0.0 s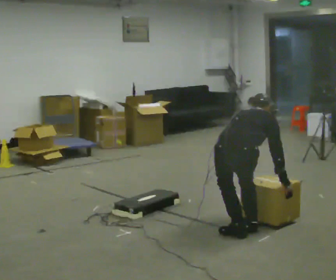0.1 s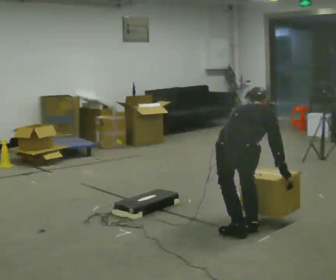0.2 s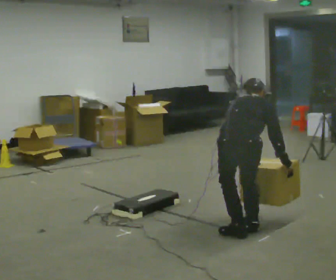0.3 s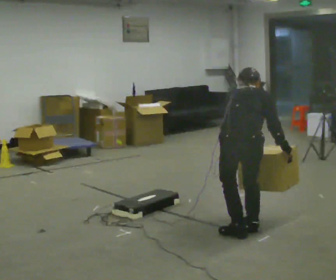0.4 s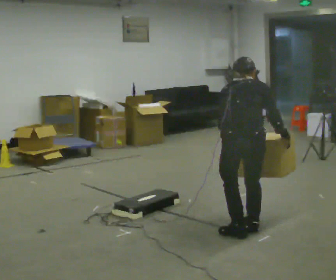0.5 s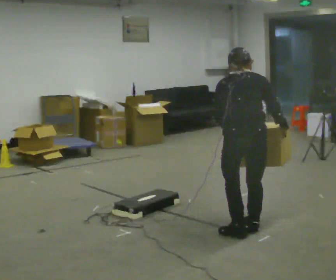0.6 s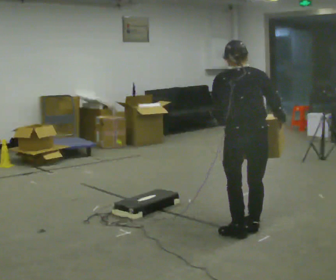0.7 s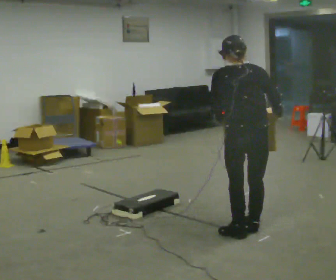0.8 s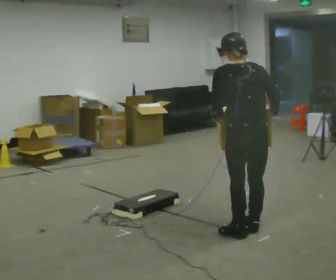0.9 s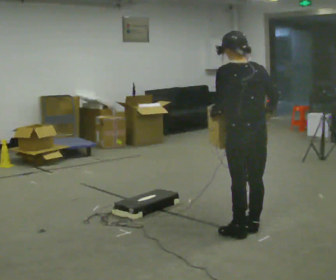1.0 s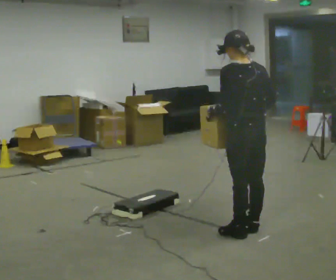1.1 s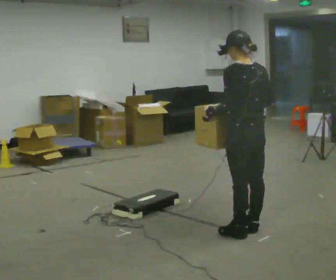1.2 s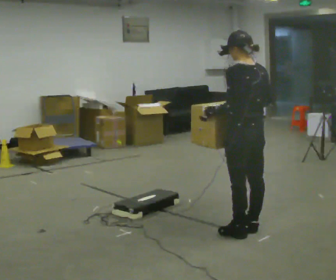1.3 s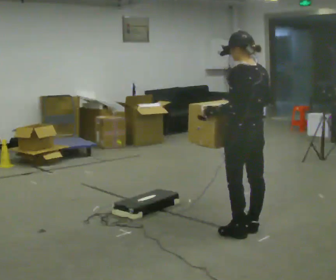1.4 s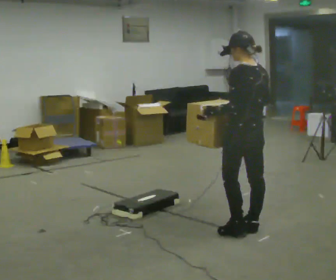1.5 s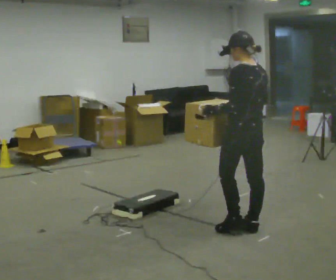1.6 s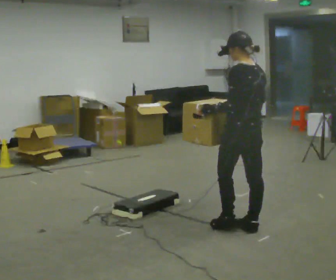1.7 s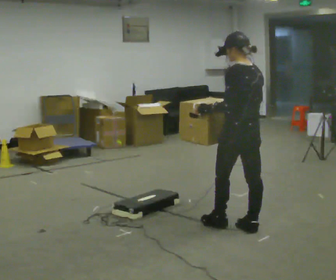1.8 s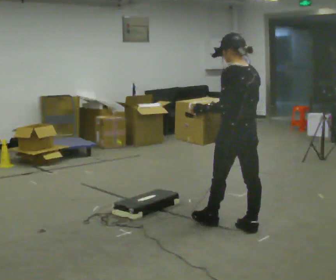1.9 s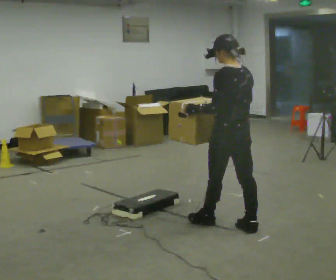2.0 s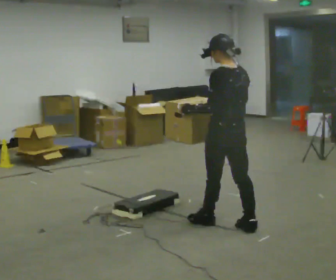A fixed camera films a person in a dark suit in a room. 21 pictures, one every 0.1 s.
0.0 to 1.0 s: The person turns about 75 degrees to their left, counterclockwise seen from above, so the part of the body nearest the lens slides to the right. In the picture they go away from the camera, about 0.25 m. The upper body goes upward. The upper body tips toward the camera, its near side rolling downward, as they lean back or straighten. In the picture their right hand goes upward.
1.0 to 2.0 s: In the picture they go away from the camera and to the left, about 0.25 m in 1 step, which for them is forward. In the picture their right hand goes to the left.
The film runs forward here.
